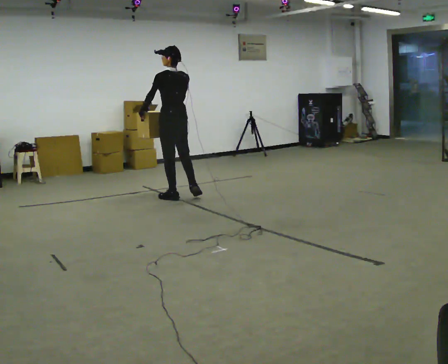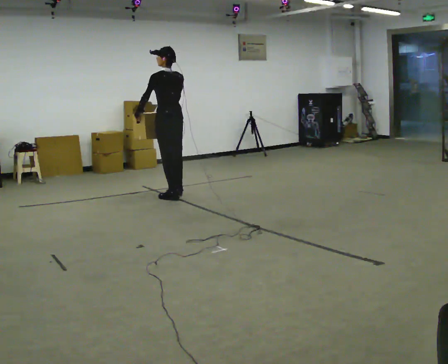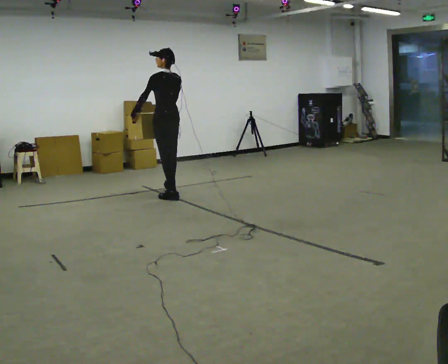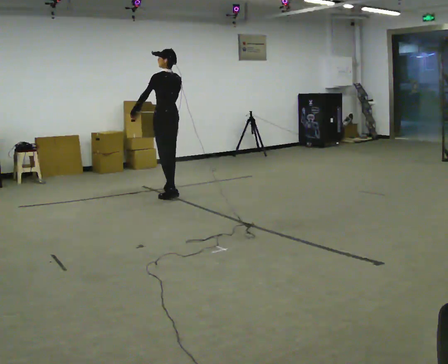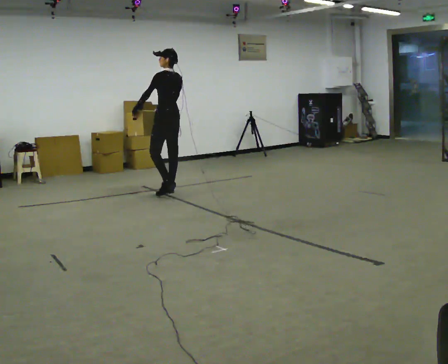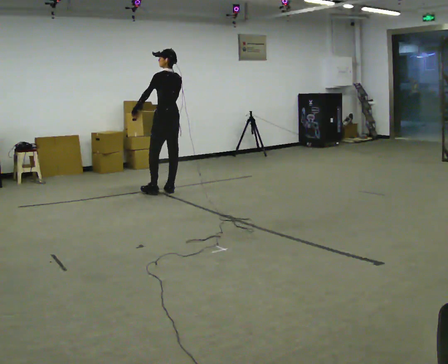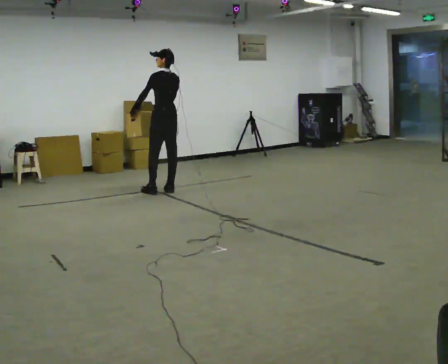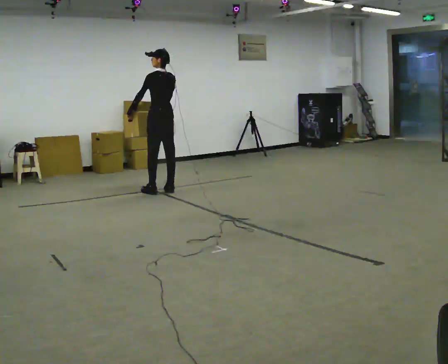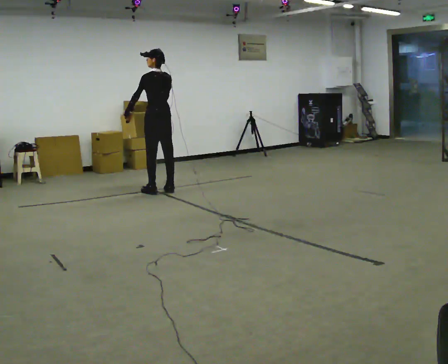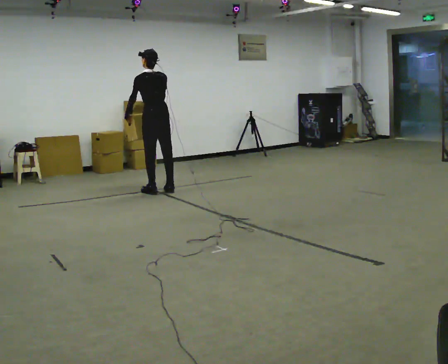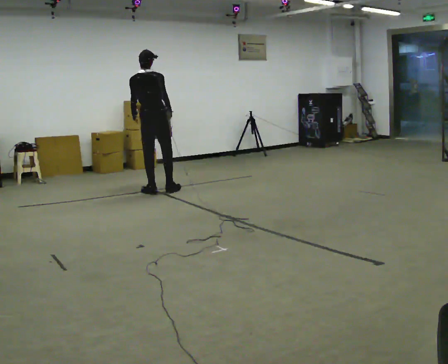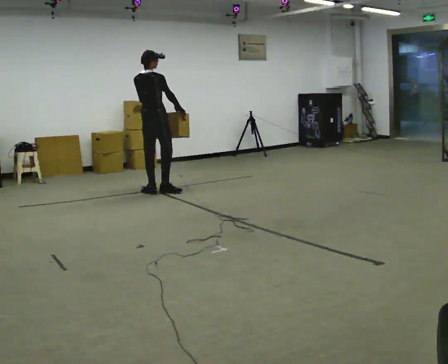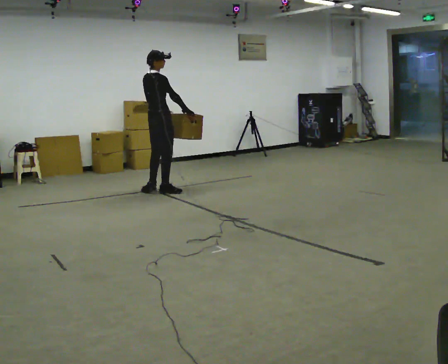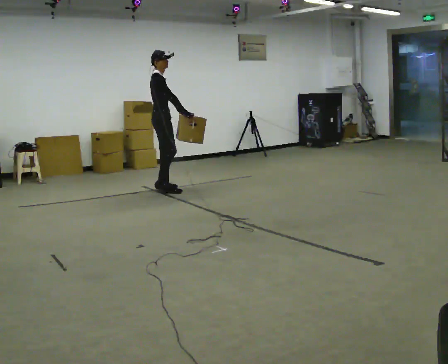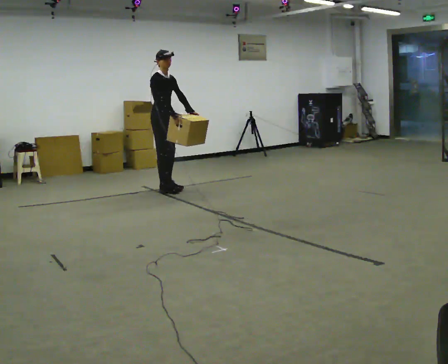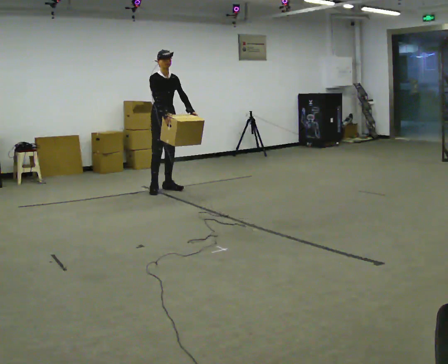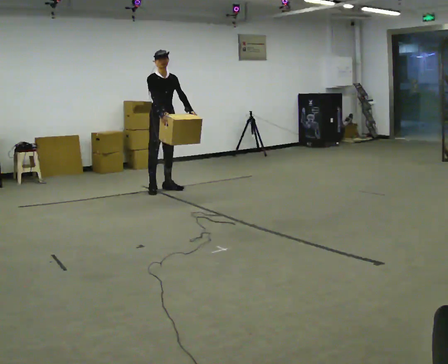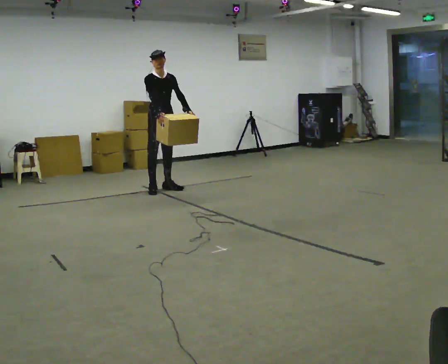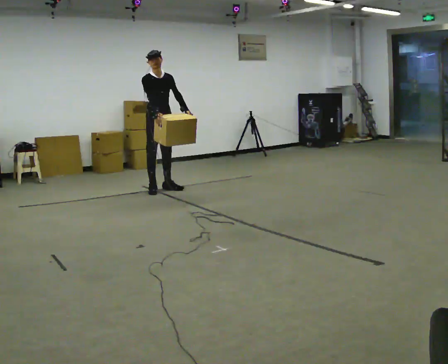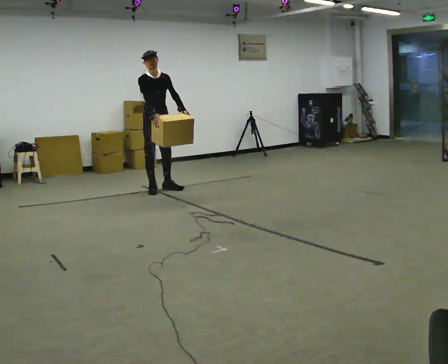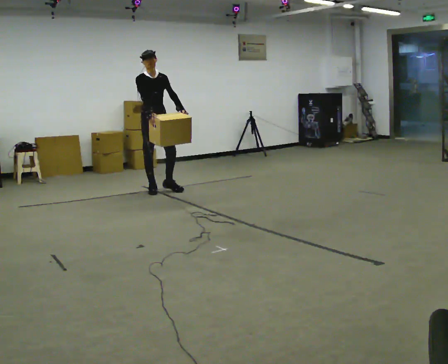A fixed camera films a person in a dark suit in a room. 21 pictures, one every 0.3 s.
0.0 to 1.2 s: In the picture they go away from the camera, about 0.5 m in 1 step, which for them is forward and to their right.
1.2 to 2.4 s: The person moves a little, or ends about where they began.
2.4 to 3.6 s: The person turns about 90 degrees to their right, clockwise seen from above, so the part of the body nearest the lens slides to the left. In the picture their right hand goes to the right, the arm swinging counterclockwise.
3.6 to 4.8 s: The person turns about 90 degrees to their right, clockwise seen from above, so the part of the body nearest the lens slides to the left. In the picture they go away from the camera, about 0.25 m in 1 step. In the picture their right hand goes to the left.
4.8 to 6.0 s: The person moves a little, or ends about where they began.
The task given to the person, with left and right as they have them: Carry the box across the room while freely looking around at the walls, ceiling and floor. Keep going until the operator says stop; one object at a time, and do not rush between trips.
The film runs forward here.
